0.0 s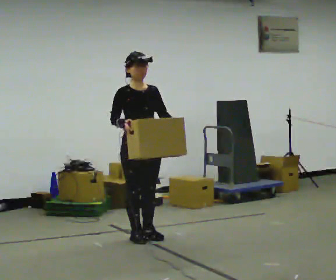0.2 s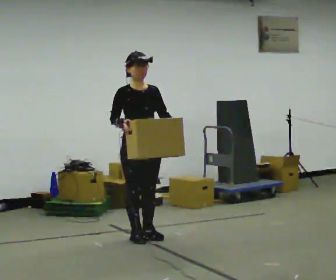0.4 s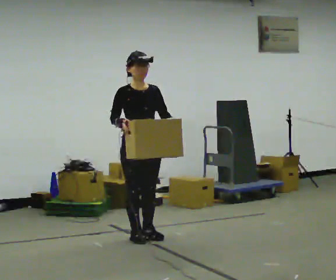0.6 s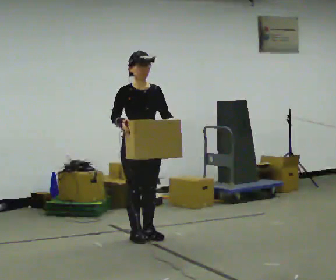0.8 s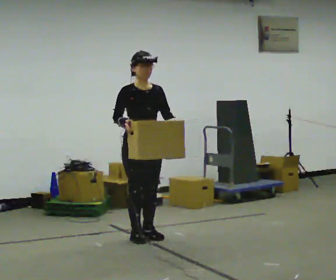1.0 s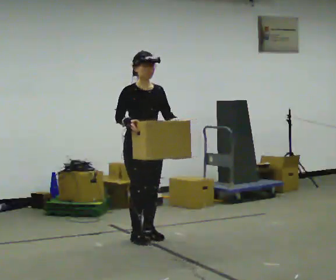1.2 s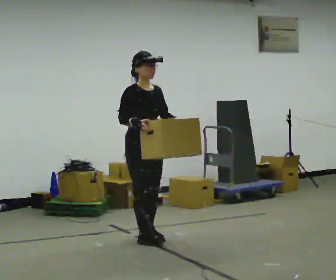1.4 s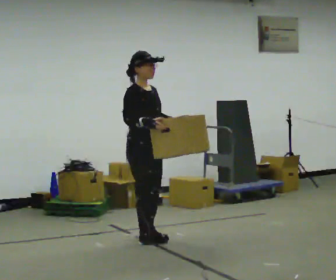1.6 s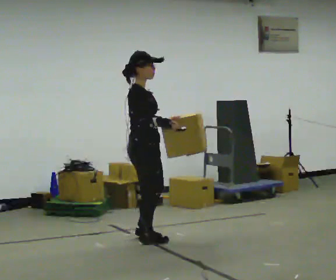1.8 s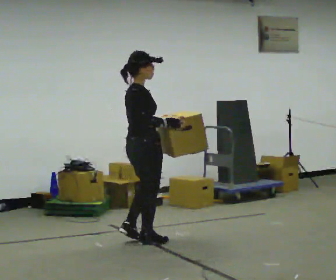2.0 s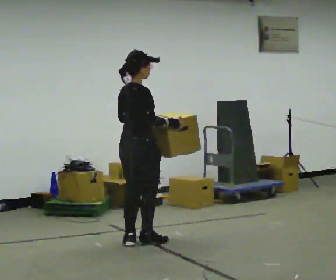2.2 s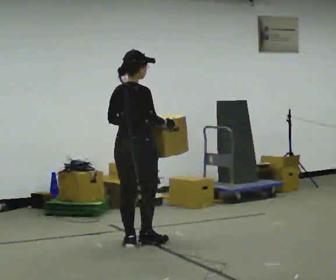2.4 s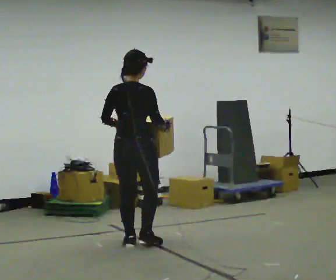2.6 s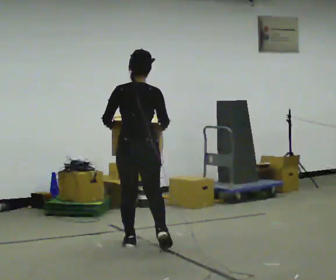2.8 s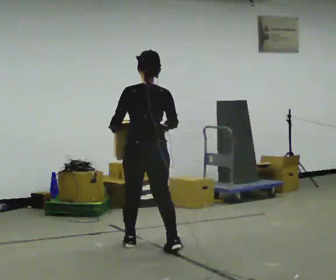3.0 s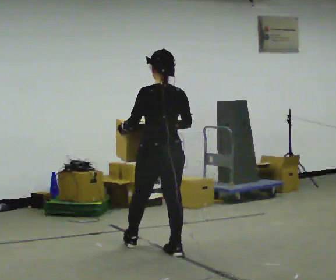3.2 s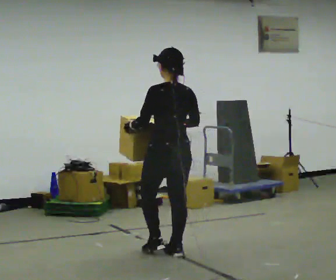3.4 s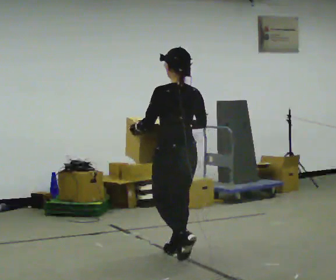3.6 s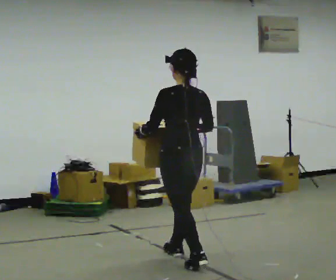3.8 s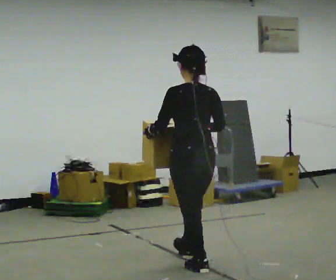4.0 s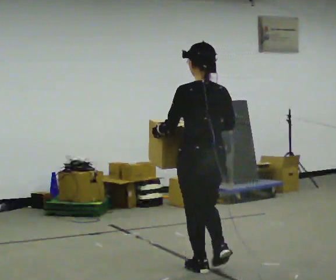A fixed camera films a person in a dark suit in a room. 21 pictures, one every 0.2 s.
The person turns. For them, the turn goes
to their left.
The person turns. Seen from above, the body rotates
counterclockwise.
0.0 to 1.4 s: The person turns about 30 degrees to their left, counterclockwise seen from above, so the part of the body nearest the lens slides to the right.
1.4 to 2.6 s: Seen from above the body turns counterclockwise, about 120 degrees: to their left, with its near side sliding to the right. In the picture they go toward the camera, about 0.25 m in 2 steps.
2.6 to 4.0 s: The person turns about 30 degrees to their left, counterclockwise seen from above, so the part of the body nearest the lens slides to the right. In the picture they go toward the camera and to the right, about 1 m in 2 steps, which for them is backward.
The film runs backward here.
